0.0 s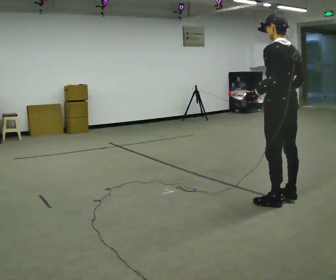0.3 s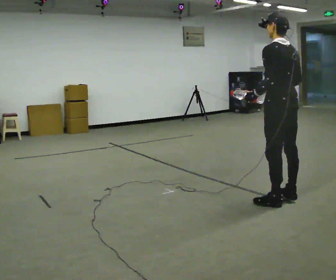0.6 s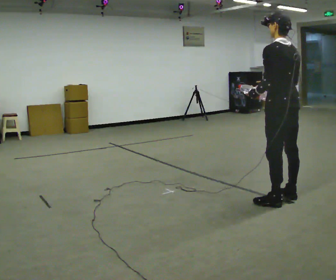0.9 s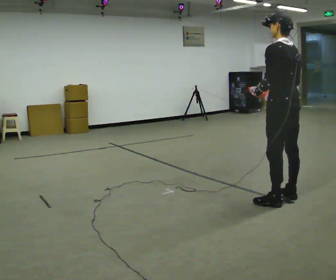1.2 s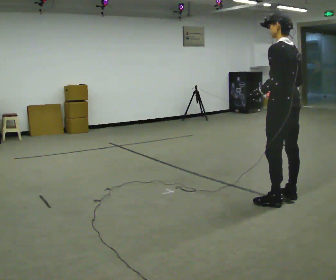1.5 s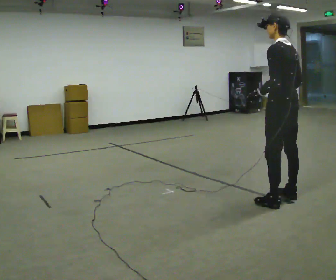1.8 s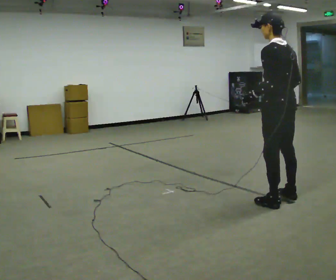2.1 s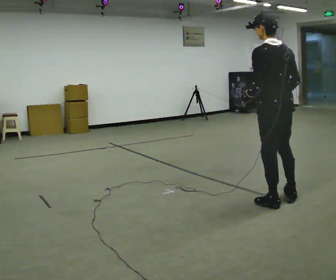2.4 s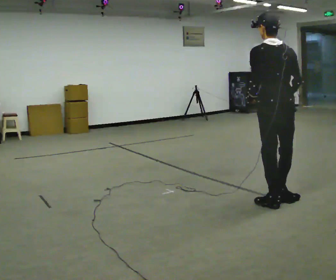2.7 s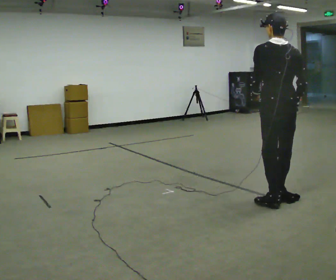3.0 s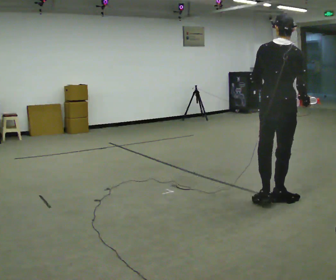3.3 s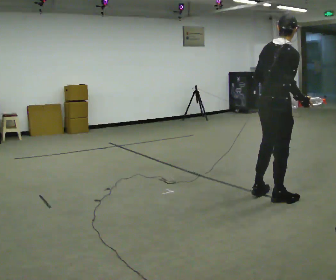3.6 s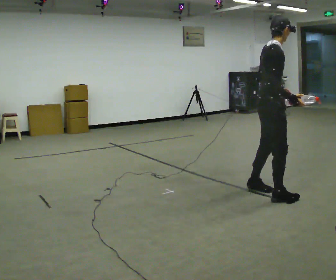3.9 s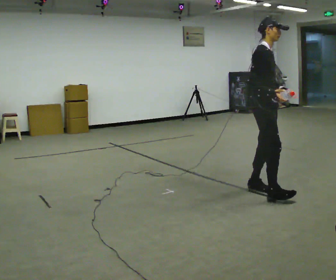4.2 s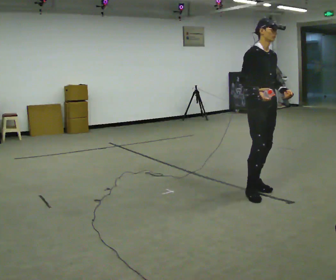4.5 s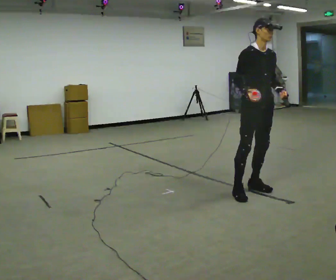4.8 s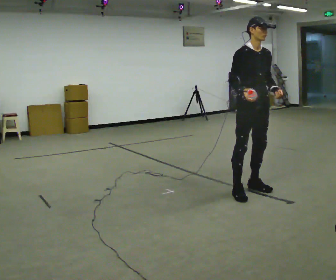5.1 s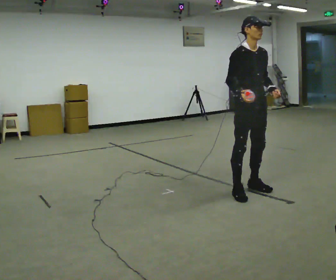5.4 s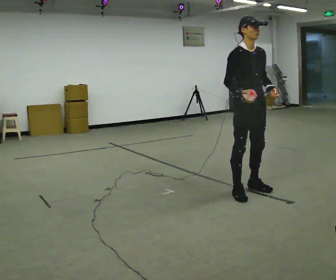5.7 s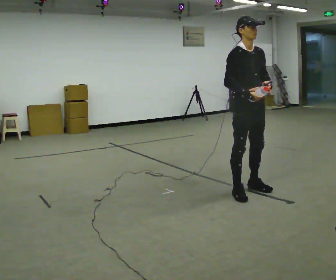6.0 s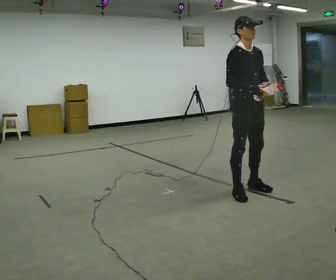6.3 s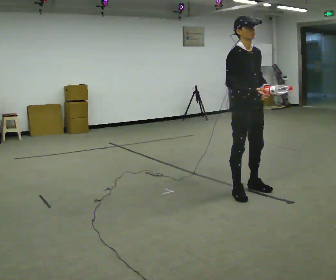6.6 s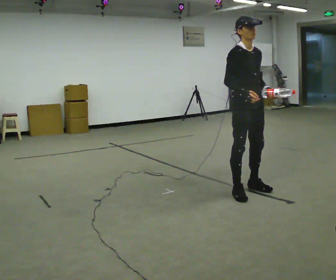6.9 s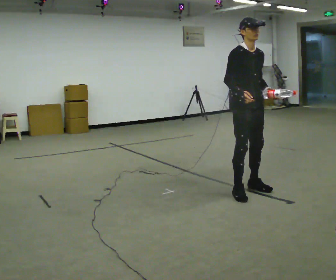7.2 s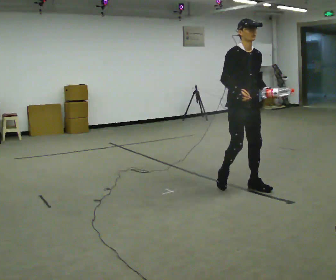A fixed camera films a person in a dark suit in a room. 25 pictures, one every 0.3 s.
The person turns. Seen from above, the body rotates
clockwise.
The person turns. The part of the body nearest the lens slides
to the left.
0.0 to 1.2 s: The person moves a little, or ends about where they began.
1.2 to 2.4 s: Seen from above the body turns clockwise, about 30 degrees: to their right, with its near side sliding to the left.
2.4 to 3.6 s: The part of the body nearest the lens slides to the left as the person turns to their right by about 90 degrees. In the picture they go away from the camera, about 0.25 m in 1 step. In the picture the upper body tilts clockwise, shoulders to the right.
3.6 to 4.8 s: Seen from above the body turns clockwise, about 60 degrees: to their right, with its near side sliding to the left. In the picture they go to the left and away from the camera, about 0.25 m in 1 step.
4.8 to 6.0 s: The person moves a little, or ends about where they began.
6.0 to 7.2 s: In the picture they go away from the camera, about 0.25 m in 1 step, which for them is backward.
The film runs backward here.
